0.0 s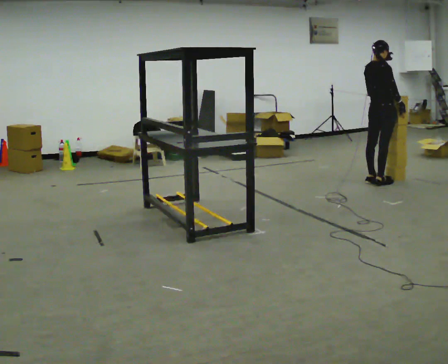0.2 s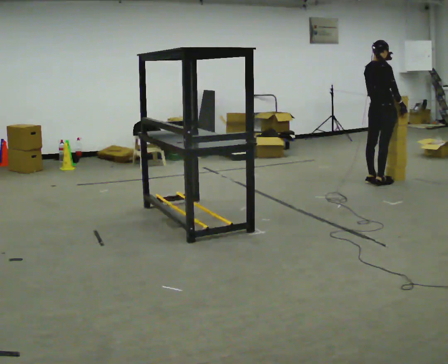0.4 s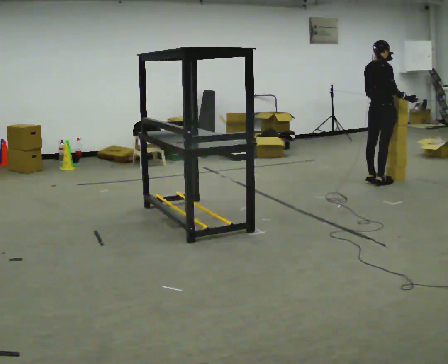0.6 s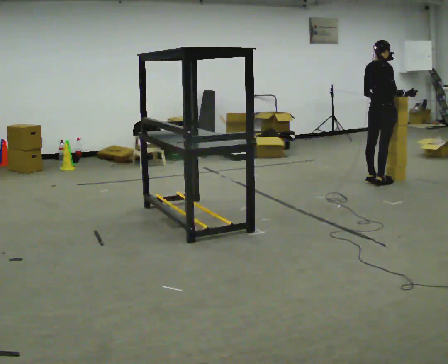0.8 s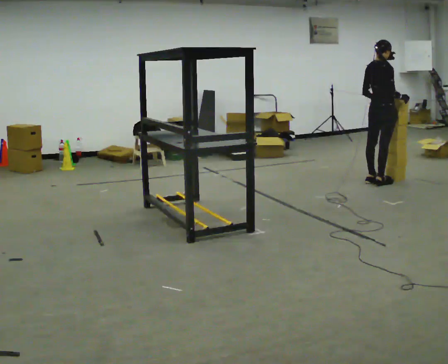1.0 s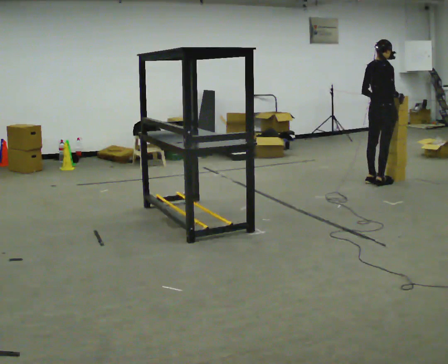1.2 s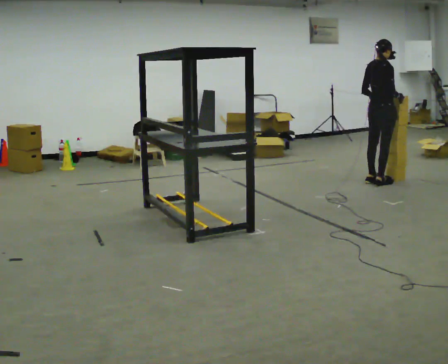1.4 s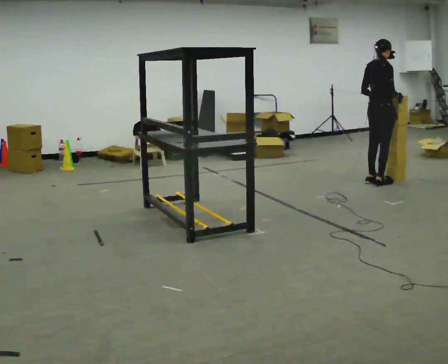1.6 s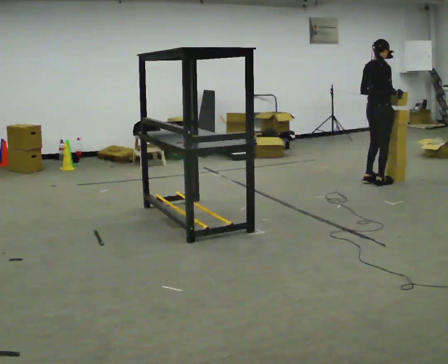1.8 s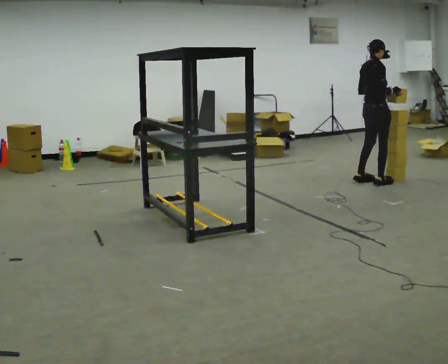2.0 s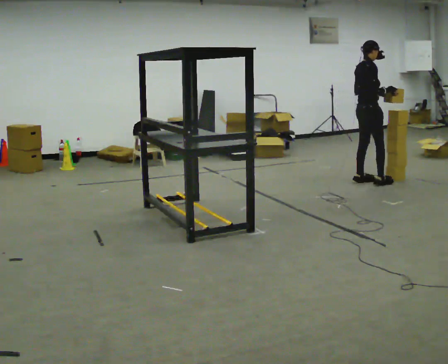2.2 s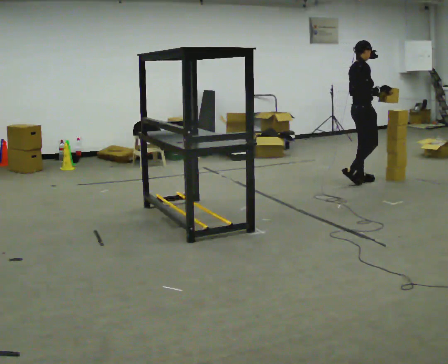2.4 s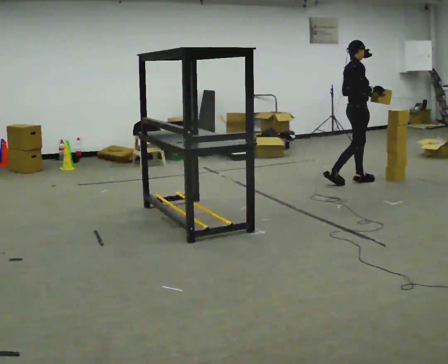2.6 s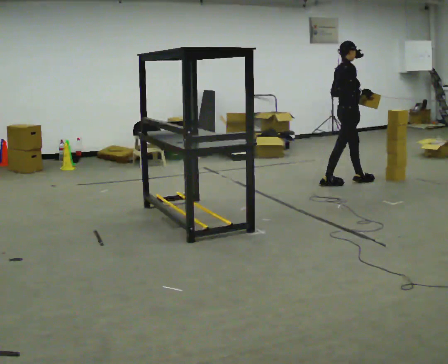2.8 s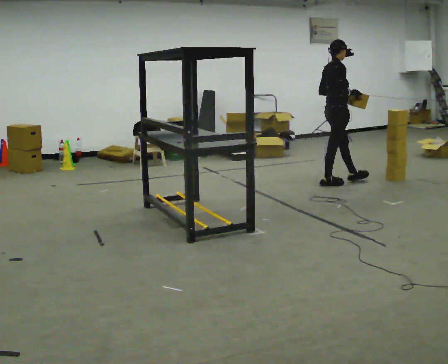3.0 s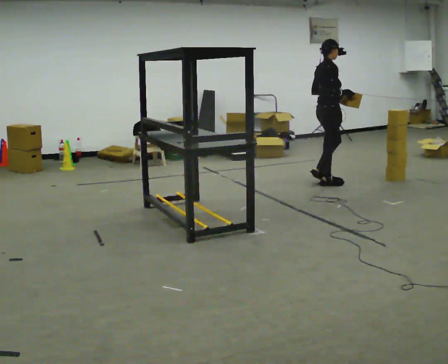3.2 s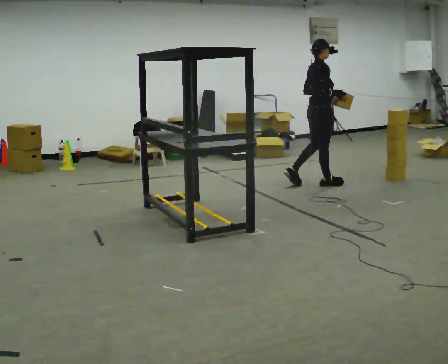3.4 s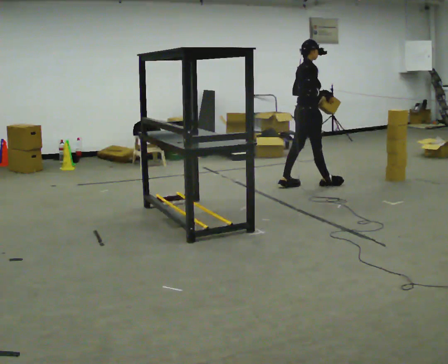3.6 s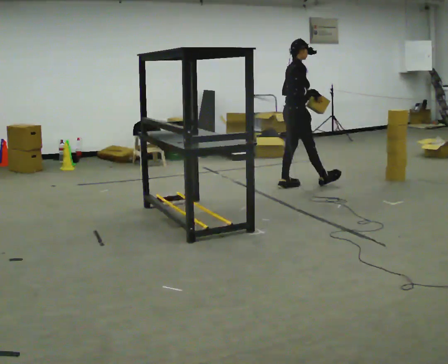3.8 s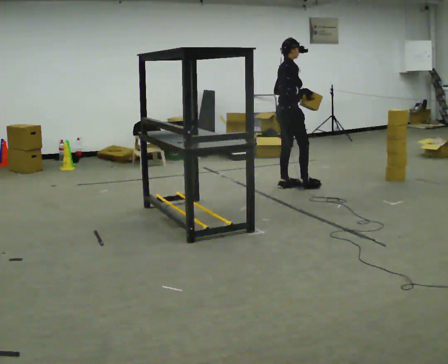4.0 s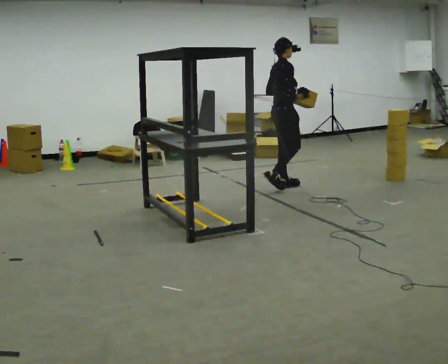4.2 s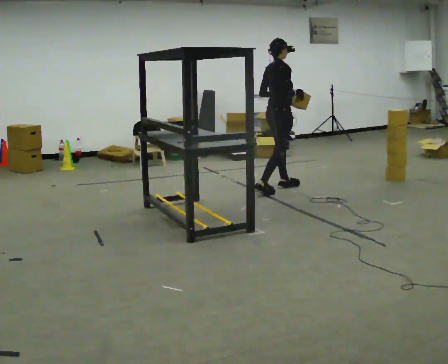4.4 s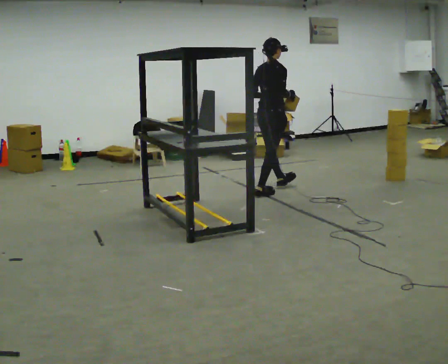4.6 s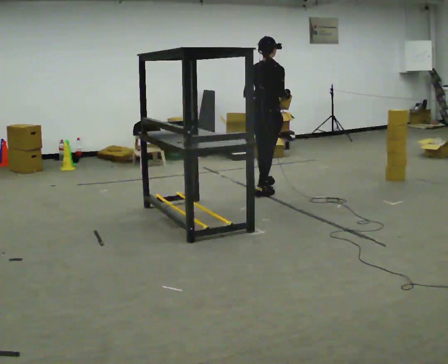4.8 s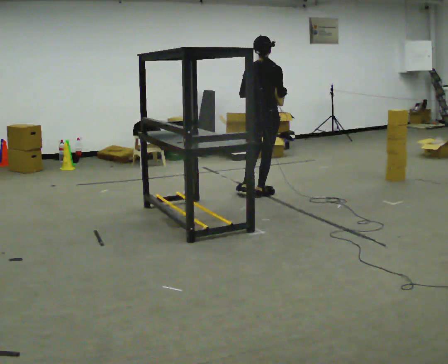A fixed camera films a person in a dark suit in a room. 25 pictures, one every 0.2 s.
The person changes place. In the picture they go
to the left.
0.0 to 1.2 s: The person moves a little, or ends about where they began.
1.2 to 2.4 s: The person turns about 30 degrees to their right, clockwise seen from above, so the part of the body nearest the lens slides to the left. In the picture they go to the left, about 0.25 m in 2 steps, which for them is backward and to their left.
2.4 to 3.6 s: In the picture they go to the left, about 0.5 m in 1 step, which for them is backward.
3.6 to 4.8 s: Seen from above the body turns counterclockwise, about 60 degrees: to their left, with its near side sliding to the right. In the picture they go toward the camera and to the left, about 0.5 m in 2 steps, which for them is backward and to their right.
The film runs backward here.
